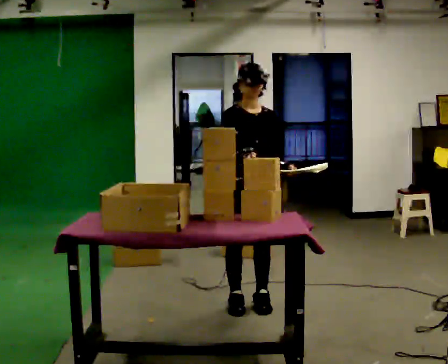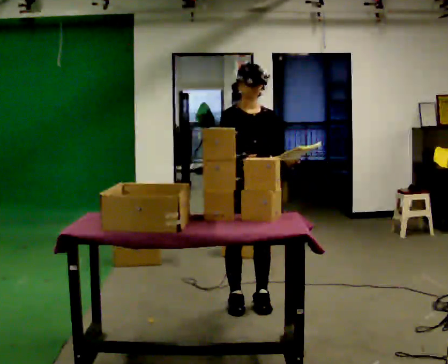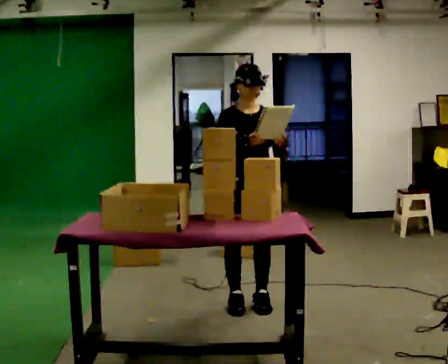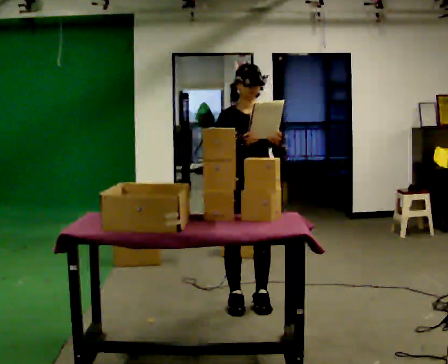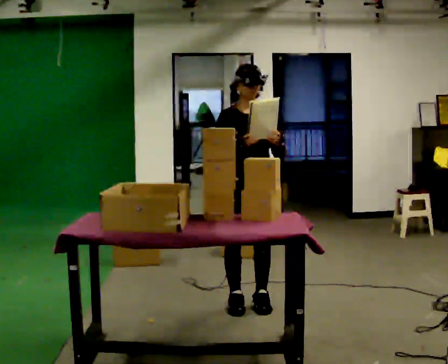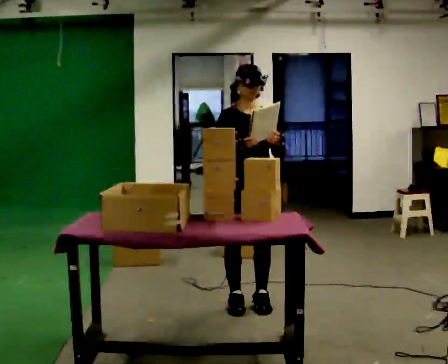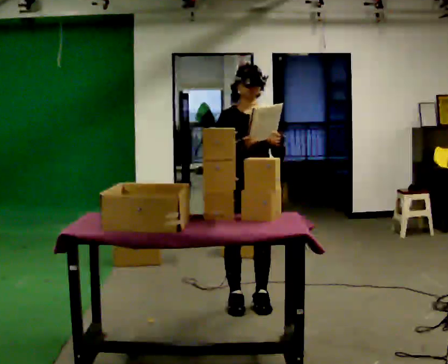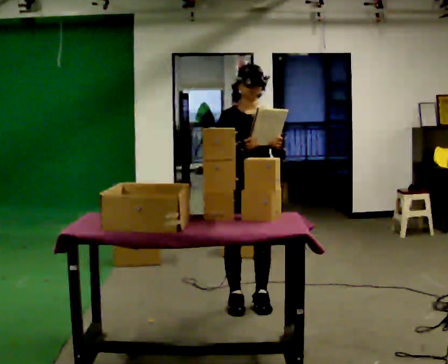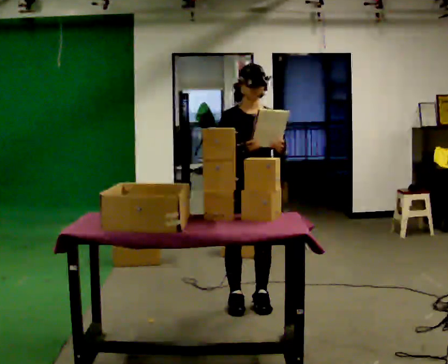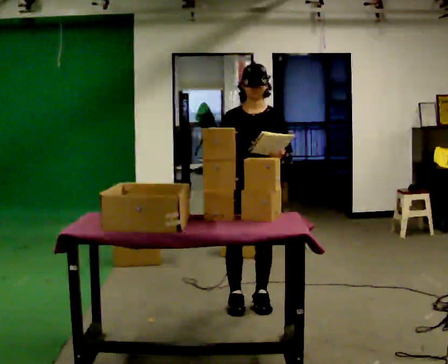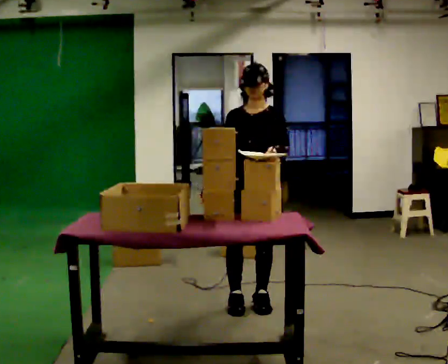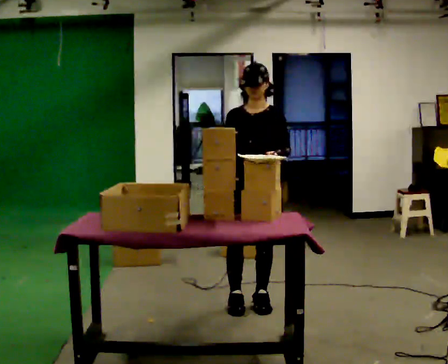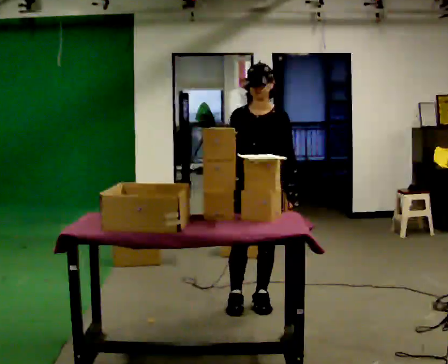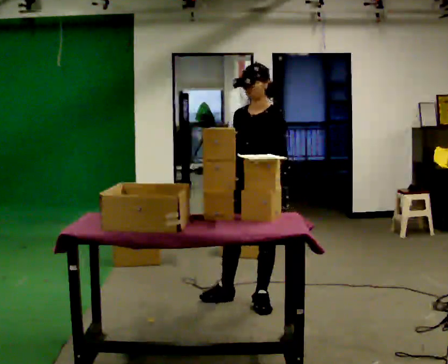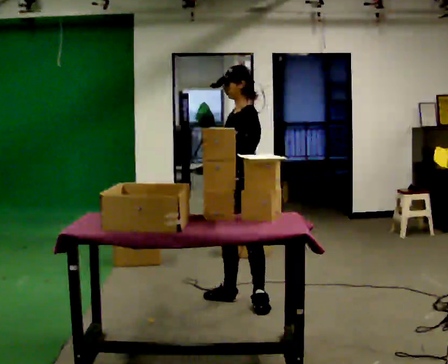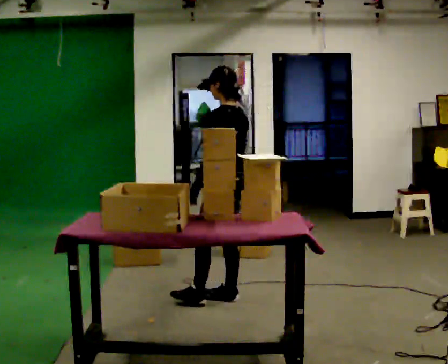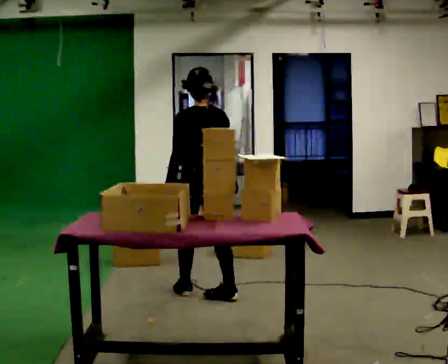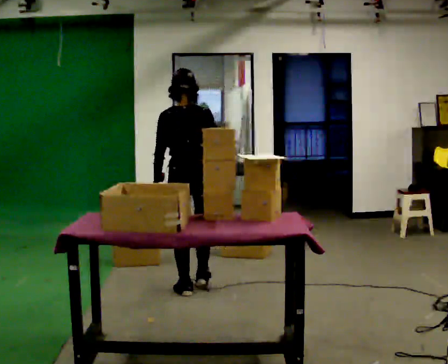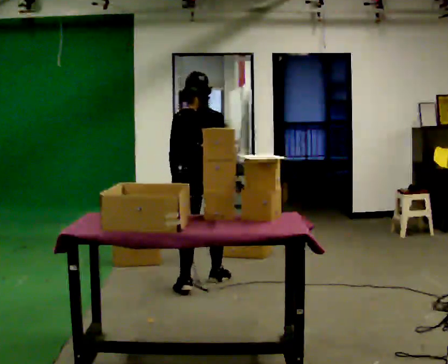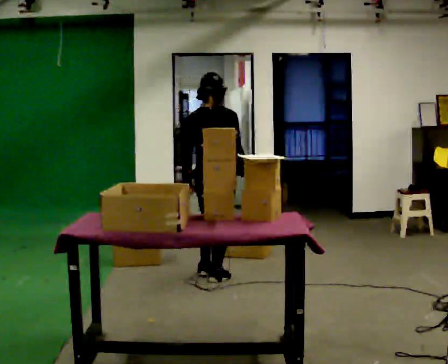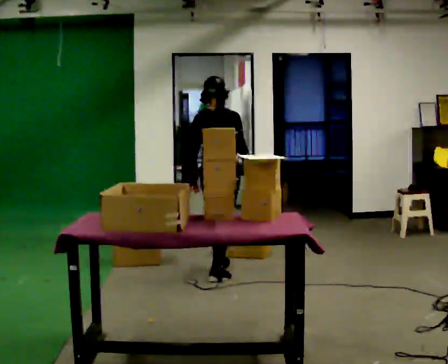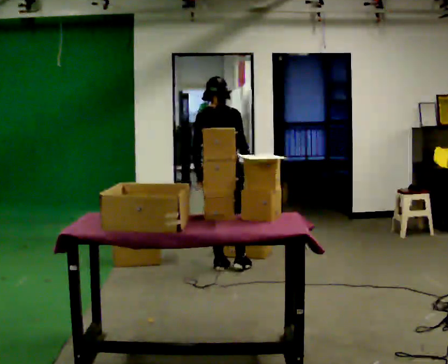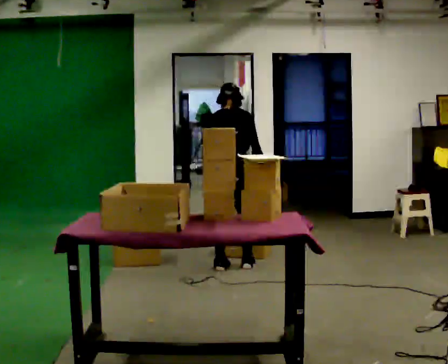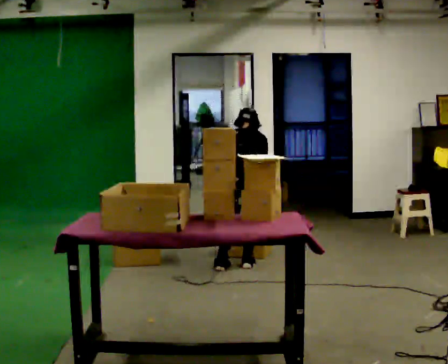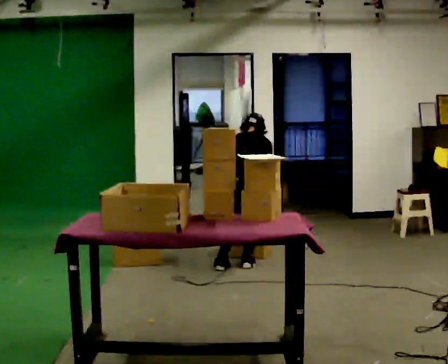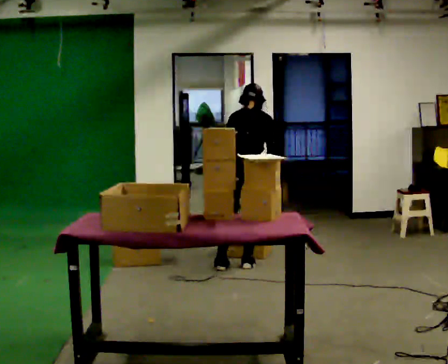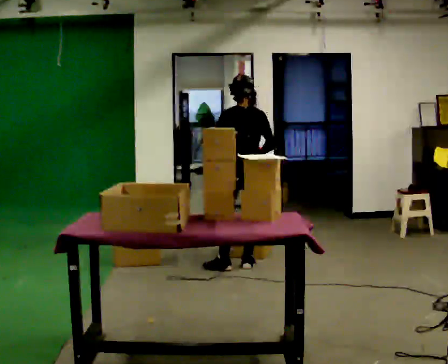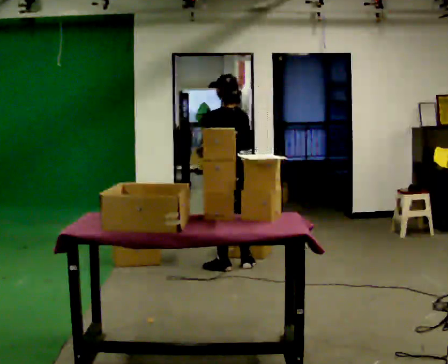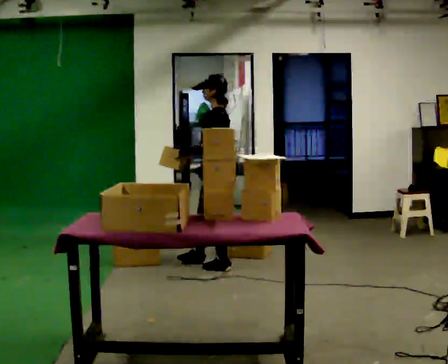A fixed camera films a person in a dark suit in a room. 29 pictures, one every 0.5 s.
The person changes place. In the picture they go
away from the camera.
0.0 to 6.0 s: The part of the body nearest the lens slides to the left as the person turns to their right by about 30 degrees.
6.0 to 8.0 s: The part of the body nearest the lens slides to the left as the person turns to their right by about 135 degrees. In the picture they go to the left and away from the camera, about 0.5 m in 2 steps.
8.0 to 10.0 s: The person turns about 45 degrees to their right, clockwise seen from above, so the part of the body nearest the lens slides to the left. In the picture they go away from the camera, about 0.75 m in 2 steps, which for them is forward.
10.0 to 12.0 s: In the picture they go to the right, about 0.25 m in 1 step, which for them is forward and to their right. The upper body tips away from the camera, its near side rolling upward, as they bend forward.
12.0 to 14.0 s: Seen from above the body turns counterclockwise, about 90 degrees: to their left, with its near side sliding to the right. In the picture they go to the left, about 0.25 m. The shoulders move upward. The upper body tips toward the camera, its near side rolling downward, as they lean back or straighten. In the picture their left hand goes upward and to the left.
The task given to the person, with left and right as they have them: 1. Read the parts list. 2. Collect each part from the bins around the room. 3. Lay them out on the table in the order on the list. 4. Put them all in the carry case. 5. Tell the operator when you are finished.
The film runs forward here.
